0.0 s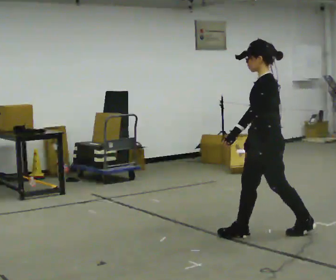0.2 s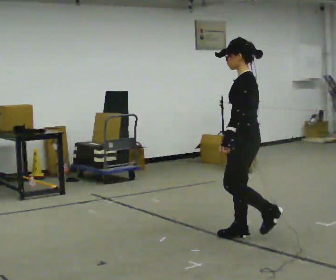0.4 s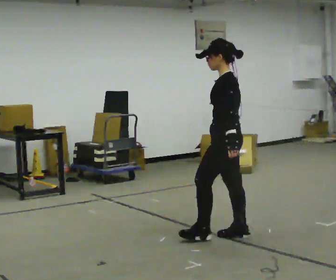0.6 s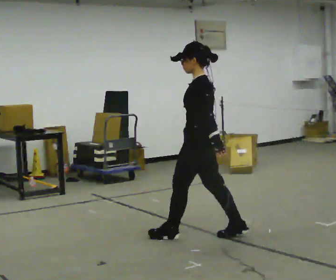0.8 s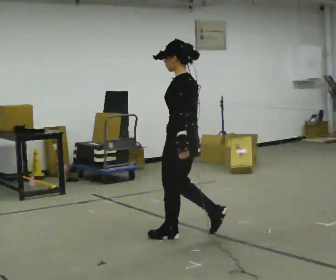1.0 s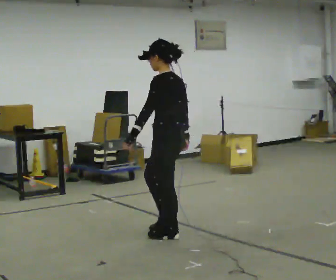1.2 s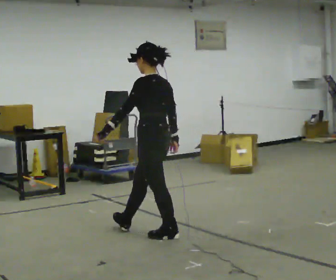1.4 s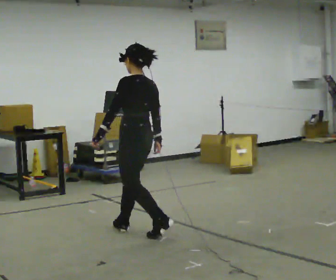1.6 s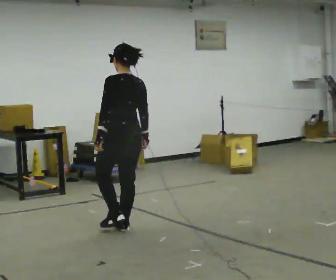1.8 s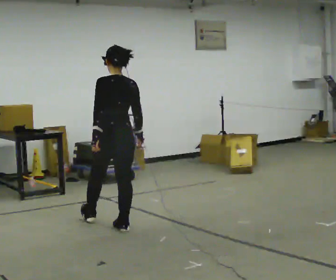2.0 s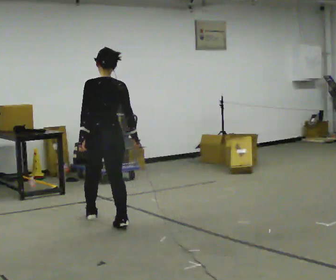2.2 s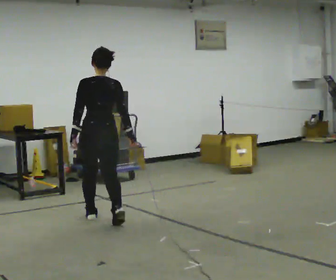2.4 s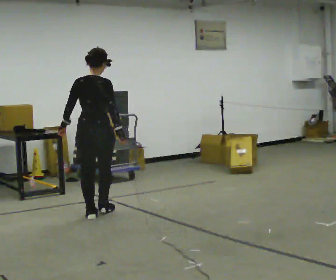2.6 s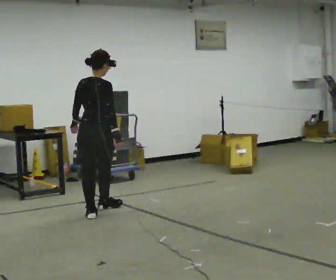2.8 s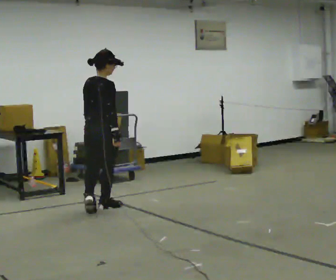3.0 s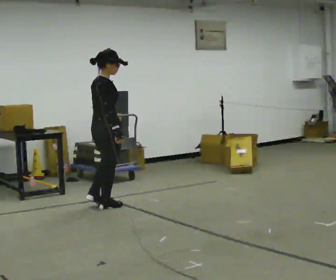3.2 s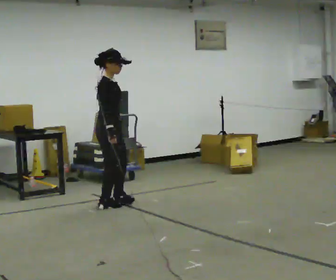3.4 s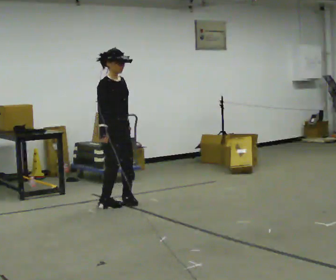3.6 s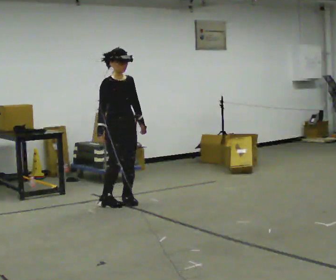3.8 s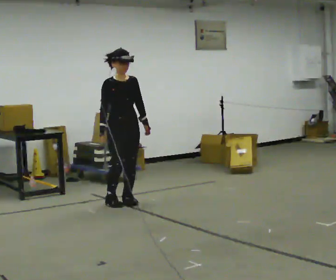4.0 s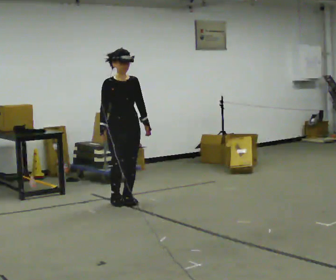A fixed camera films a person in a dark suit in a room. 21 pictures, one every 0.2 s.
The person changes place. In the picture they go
away from the camera.
The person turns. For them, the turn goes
to their right.
0.0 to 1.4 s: The person turns about 30 degrees to their right, clockwise seen from above, so the part of the body nearest the lens slides to the left. In the picture they go to the left and away from the camera, about 1 m in 2 steps, which for them is forward.
1.4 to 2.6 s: Seen from above the body turns clockwise, about 60 degrees: to their right, with its near side sliding to the left. In the picture they go away from the camera and to the left, about 1 m in 2 steps.
2.6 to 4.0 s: Seen from above the body turns clockwise, about 135 degrees: to their right, with its near side sliding to the left. In the picture they go away from the camera and to the right, about 0.5 m in 2 steps.
The film runs forward here.
